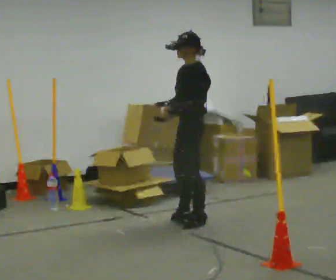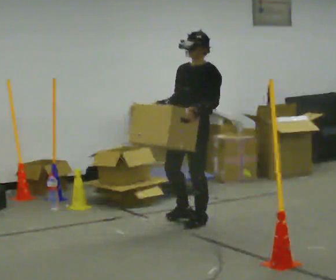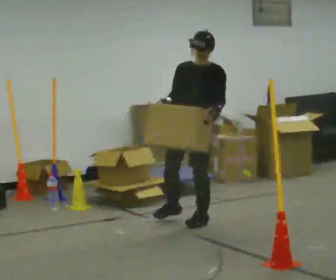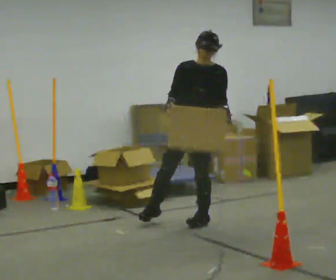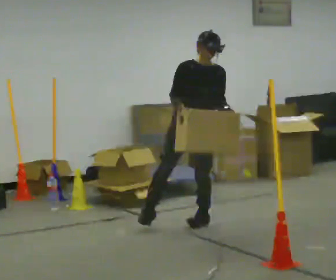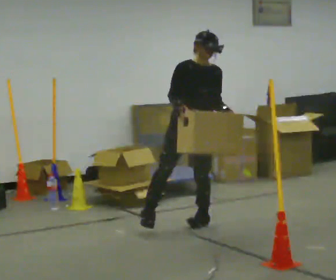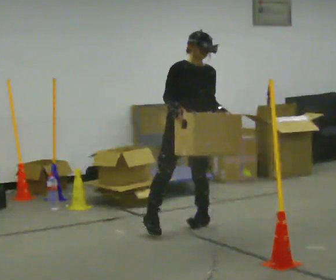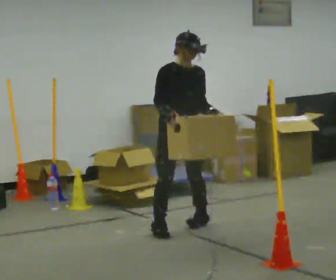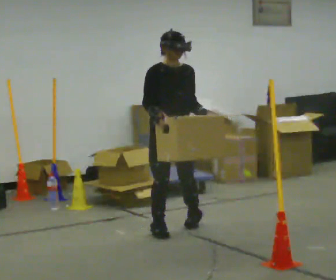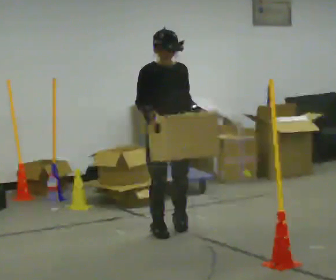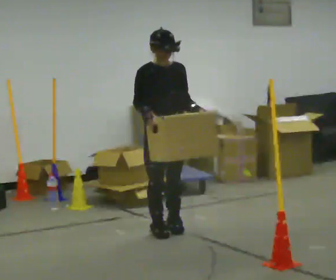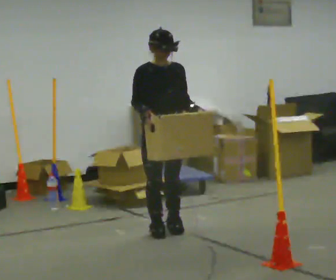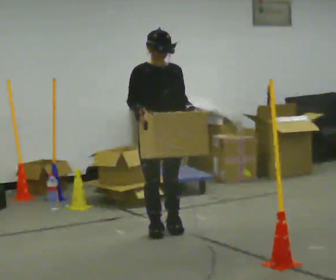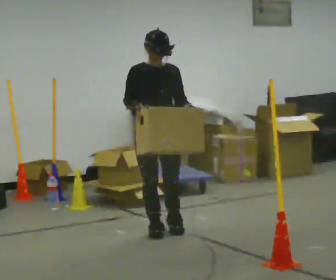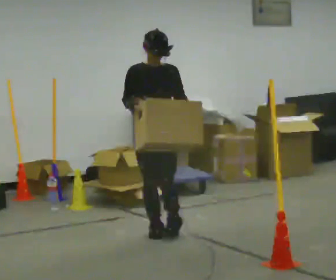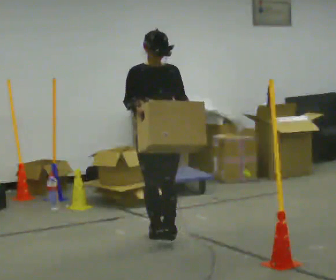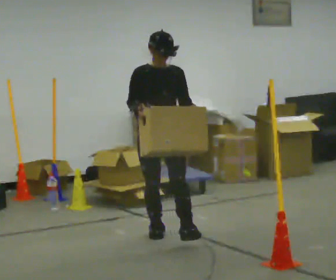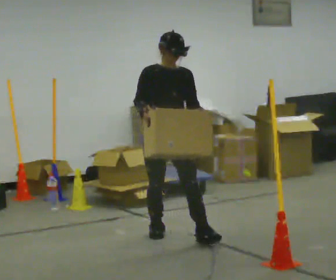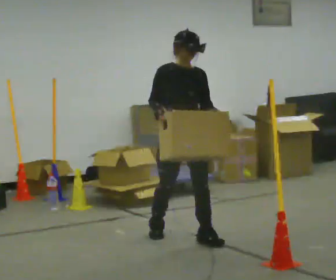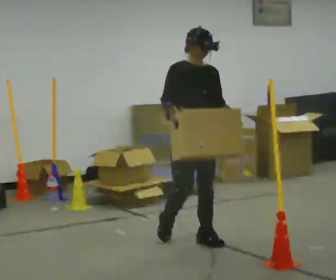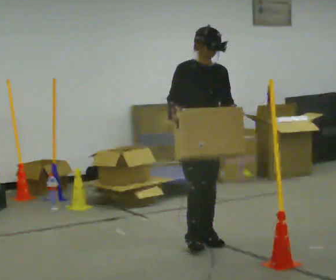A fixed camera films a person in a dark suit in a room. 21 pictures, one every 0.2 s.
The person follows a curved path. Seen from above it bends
counterclockwise.
0.0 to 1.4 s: The part of the body nearest the lens slides to the right as the person turns to their left by about 90 degrees. In the picture they go toward the camera and to the left, about 0.25 m in 1 step.
1.4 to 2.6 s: In the picture they go to the left, about 0.25 m in 1 step, which for them is to their right.
2.6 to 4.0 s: In the picture they go toward the camera and to the right, about 0.5 m in 1 step, which for them is forward and to their left.
The film runs forward here.
